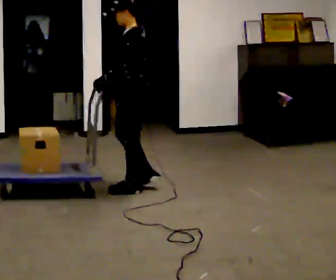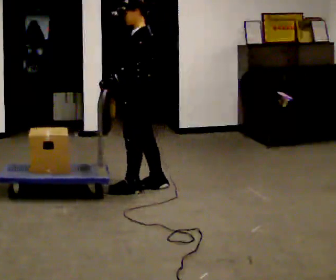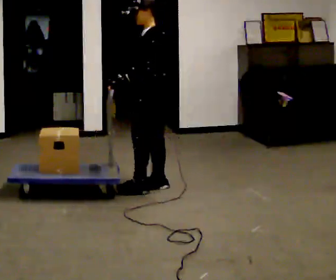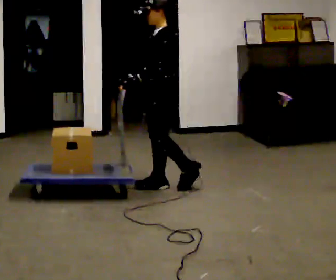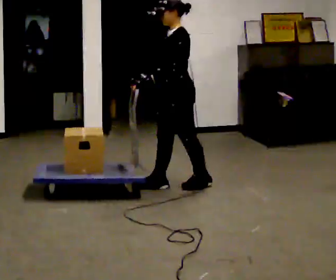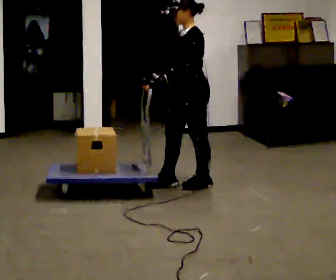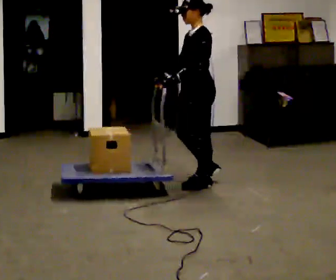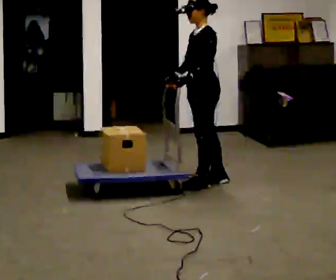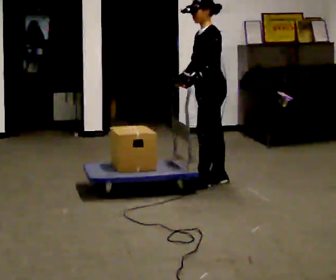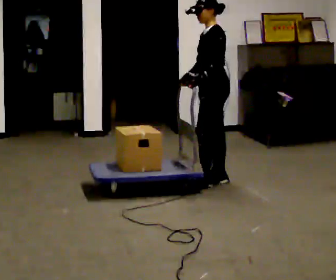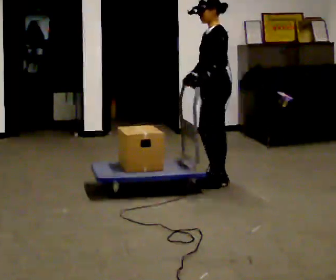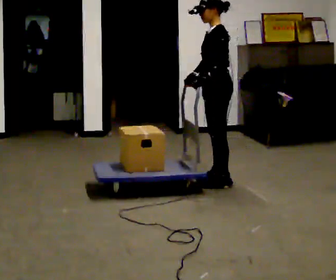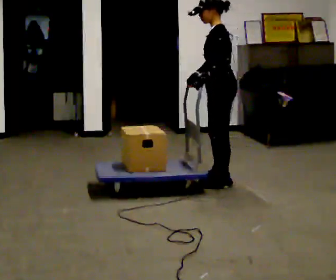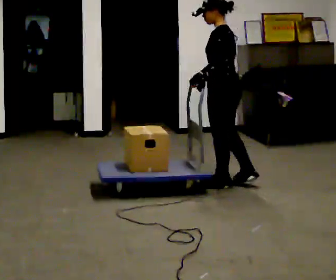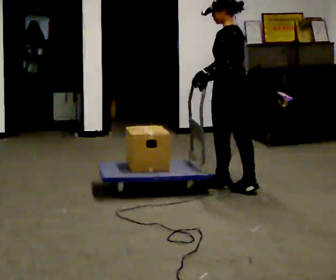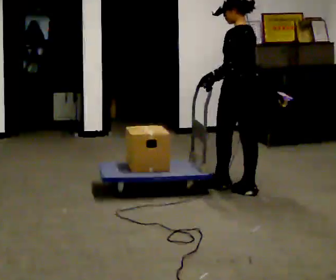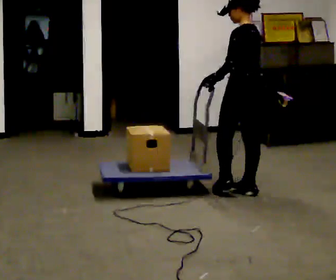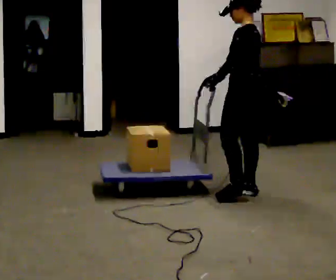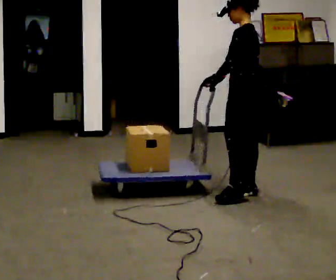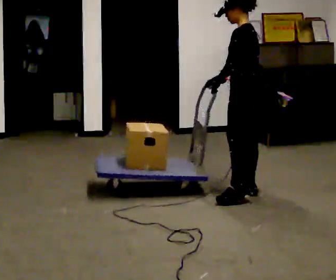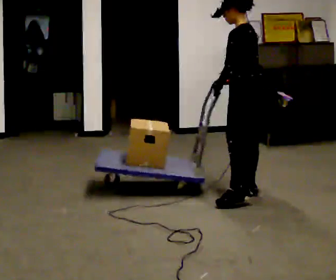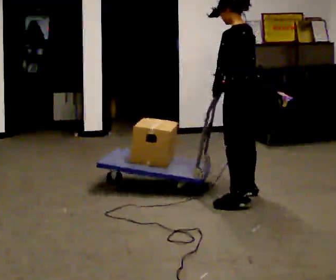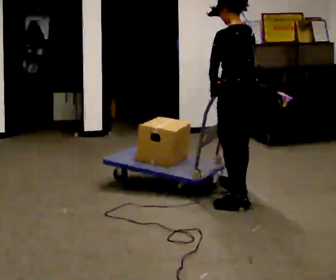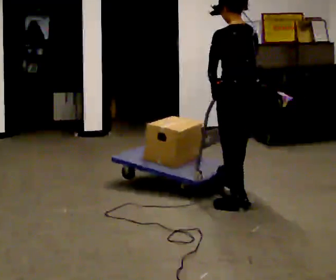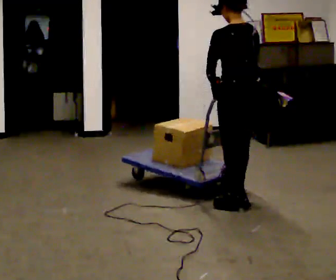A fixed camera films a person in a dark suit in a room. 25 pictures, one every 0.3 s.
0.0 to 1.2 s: In the picture they go to the right, about 0.25 m in 1 step, which for them is backward.
1.2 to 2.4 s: In the picture they go to the right, about 0.25 m in 1 step, which for them is backward.
2.4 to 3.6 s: The person moves a little, or ends about where they began.
3.6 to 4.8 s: The part of the body nearest the lens slides to the left as the person turns to their right by about 30 degrees. In the picture they go to the right and toward the camera, about 0.25 m in 2 steps, which for them is backward.
4.8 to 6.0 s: The person moves a little, or ends about where they began.
6.0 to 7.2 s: The person turns about 45 degrees to their right, clockwise seen from above, so the part of the body nearest the lens slides to the left. In the picture they go toward the camera, about 0.5 m in 1 step, which for them is to their left and backward.
The film runs backward here.
